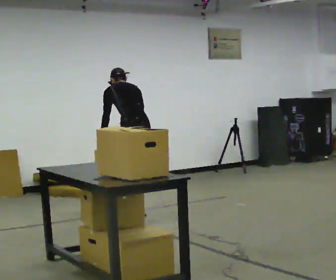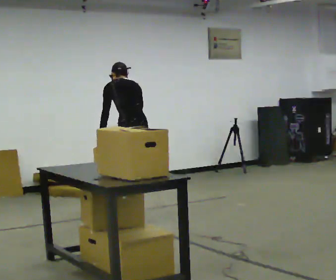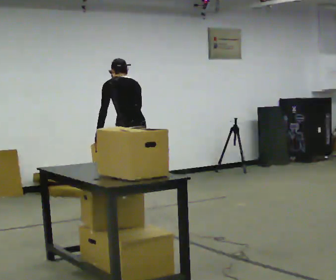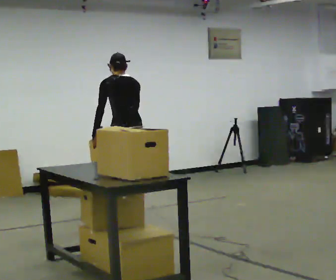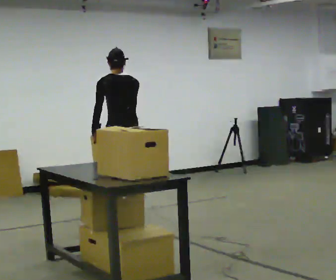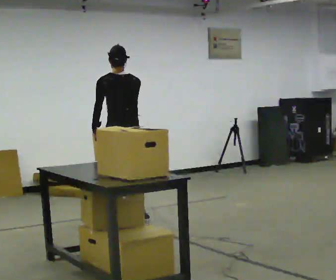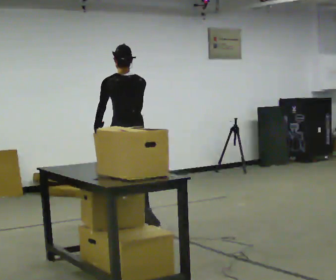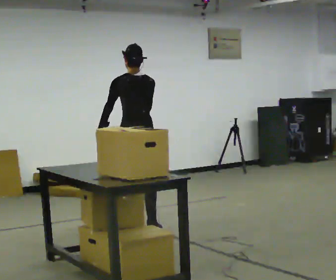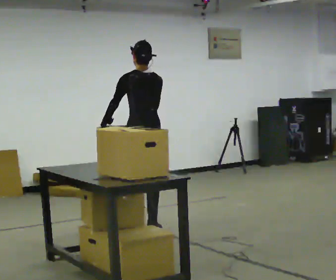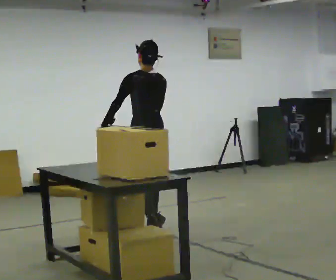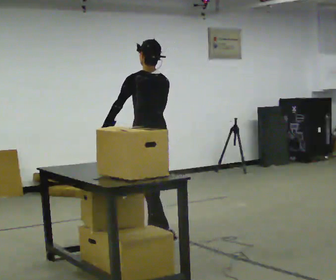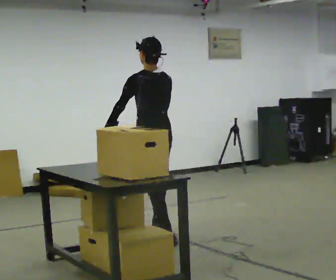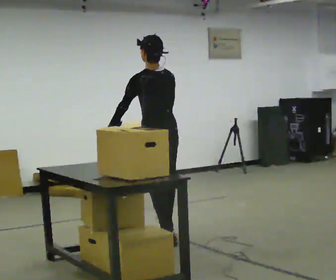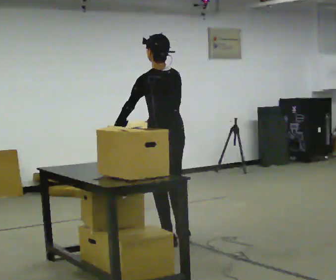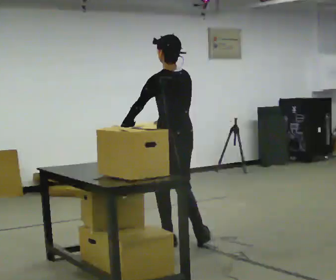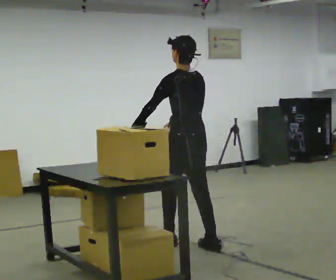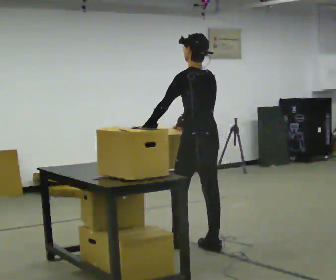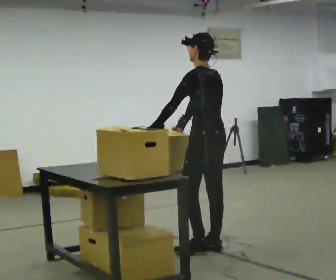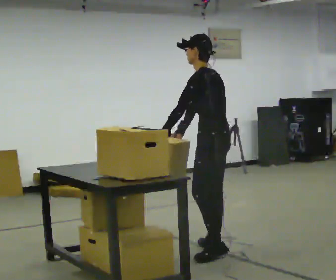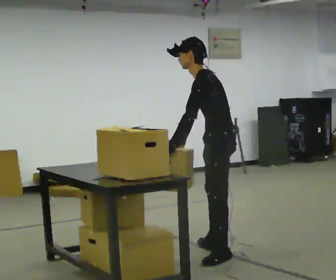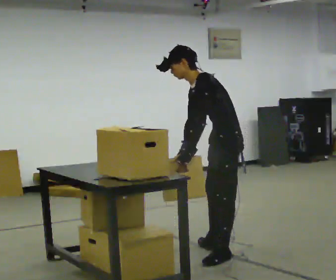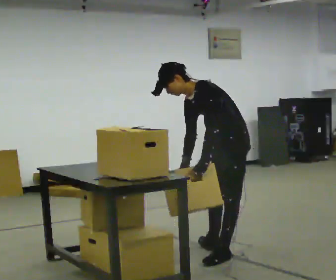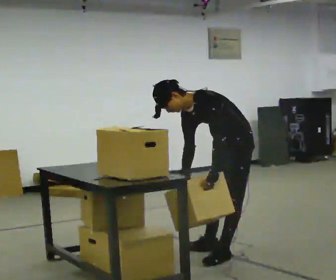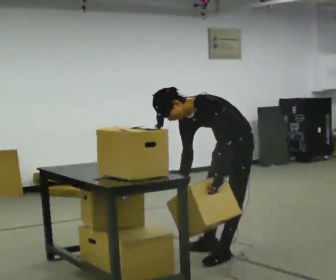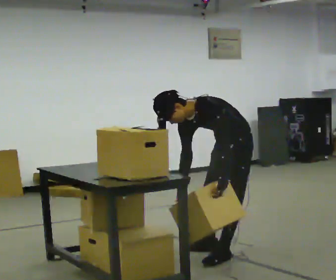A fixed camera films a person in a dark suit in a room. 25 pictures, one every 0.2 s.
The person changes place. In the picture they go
toward the camera.
The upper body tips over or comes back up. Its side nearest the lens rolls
downward.
0.0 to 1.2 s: In the picture they go toward the camera, about 0.5 m in 1 step, which for them is backward and to their left. The upper body tips toward the camera, its near side rolling downward, as they lean back or straighten.
1.2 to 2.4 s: In the picture they go toward the camera and to the right, about 0.5 m in 2 steps, which for them is backward.
2.4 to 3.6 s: Seen from above the body turns counterclockwise, about 30 degrees: to their left, with its near side sliding to the right. In the picture they go to the right and toward the camera, about 0.5 m in 1 step, which for them is backward.
3.6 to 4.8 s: Seen from above the body turns counterclockwise, about 60 degrees: to their left, with its near side sliding to the right. The upper body goes downward. In the picture the upper body tilts counterclockwise, shoulders to the left, as they bend forward. In the picture their left hand goes to the right, the arm swinging counterclockwise.
The film runs backward here.
